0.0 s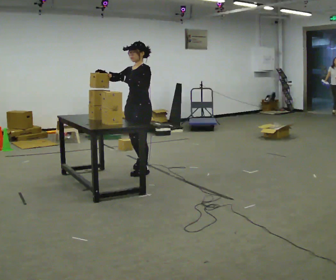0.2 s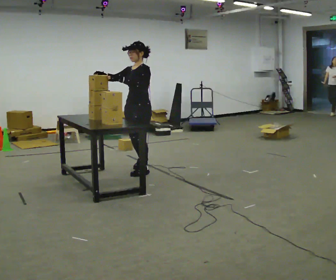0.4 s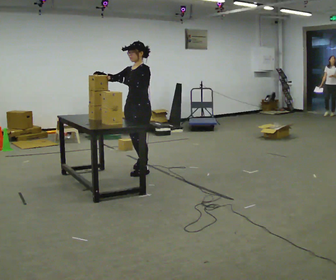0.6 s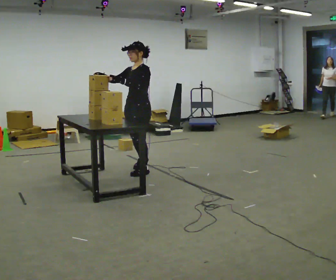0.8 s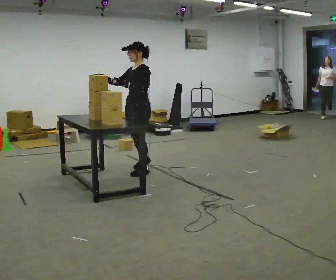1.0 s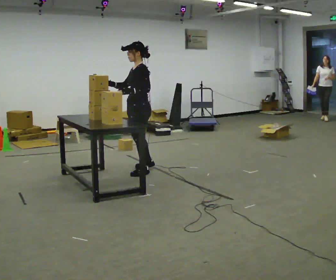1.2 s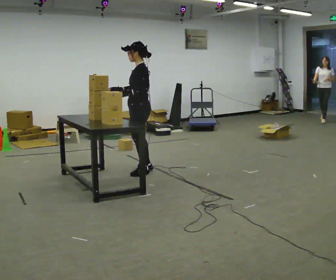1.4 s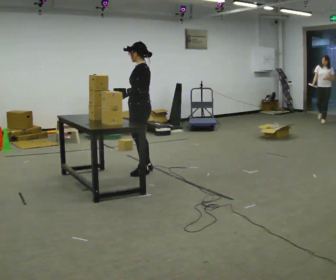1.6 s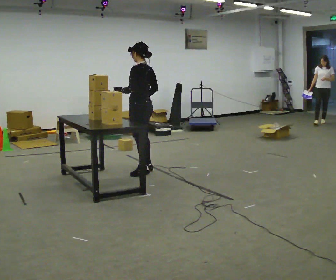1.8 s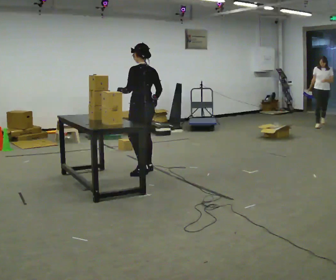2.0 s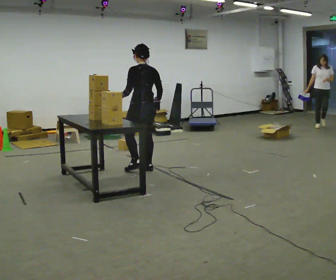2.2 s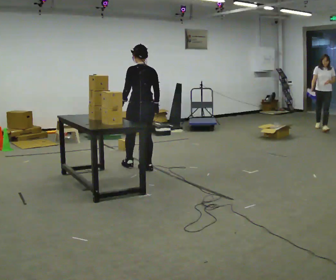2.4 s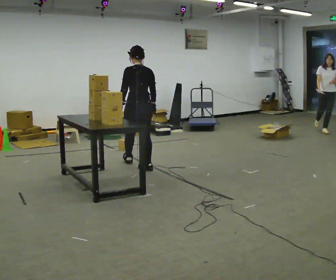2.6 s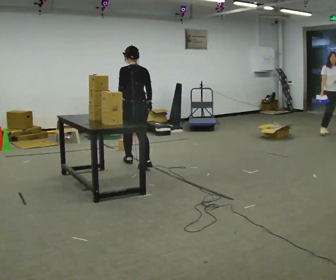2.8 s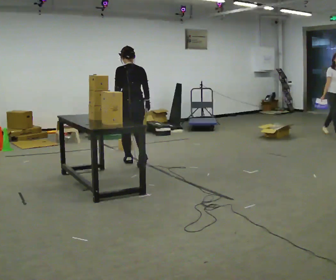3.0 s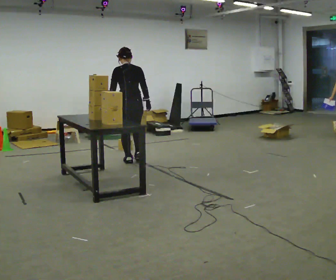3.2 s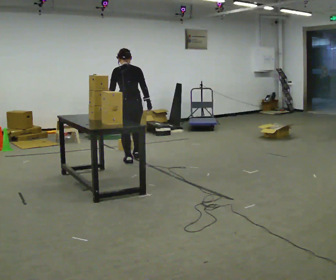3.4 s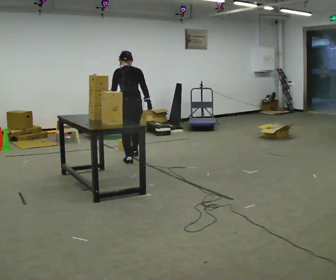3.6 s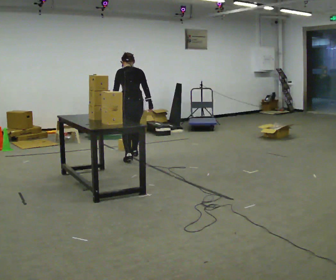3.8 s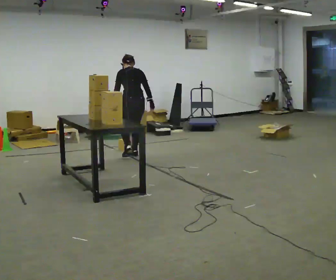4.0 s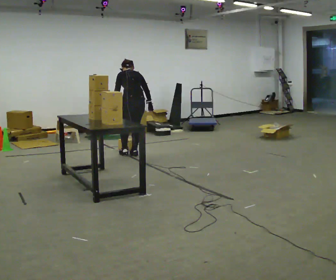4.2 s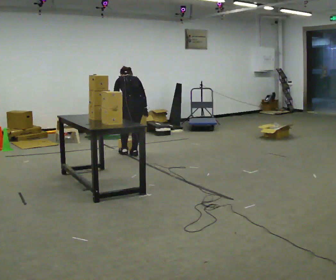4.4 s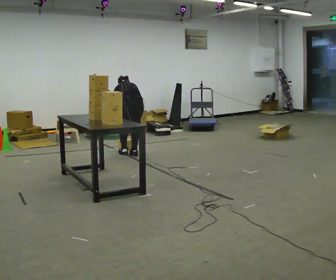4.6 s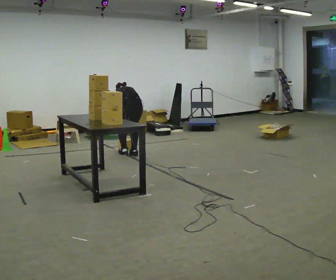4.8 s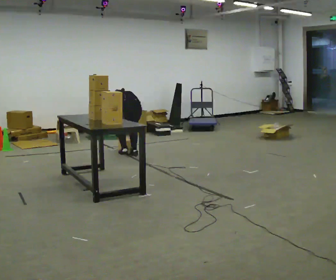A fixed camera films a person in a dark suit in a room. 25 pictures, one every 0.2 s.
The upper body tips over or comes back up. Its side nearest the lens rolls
upward.
Their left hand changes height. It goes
downward.
0.0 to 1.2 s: The part of the body nearest the lens slides to the left as the person turns to their right by about 45 degrees.
1.2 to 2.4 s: Seen from above the body turns clockwise, about 60 degrees: to their right, with its near side sliding to the left. In the picture they go away from the camera, about 0.25 m in 1 step.
2.4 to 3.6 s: In the picture they go away from the camera, about 0.5 m in 1 step, which for them is forward.
3.6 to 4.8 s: The upper body goes downward. The upper body tips away from the camera, its near side rolling upward, as they bend forward. In the picture their right hand goes downward.
The film runs forward here.
